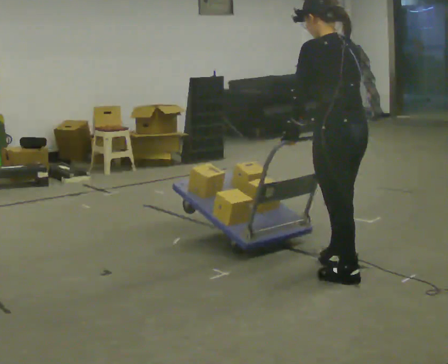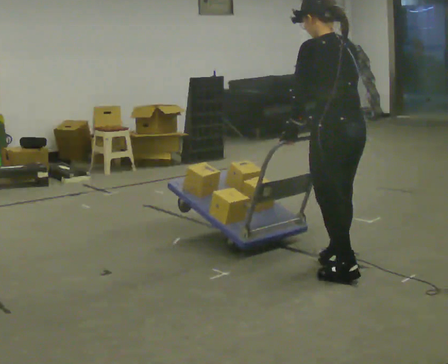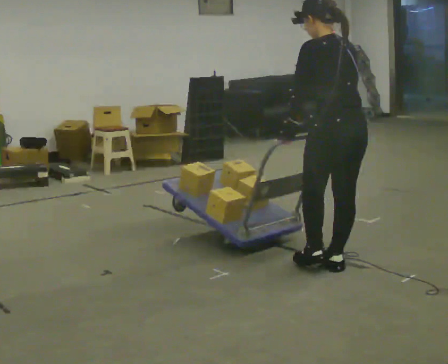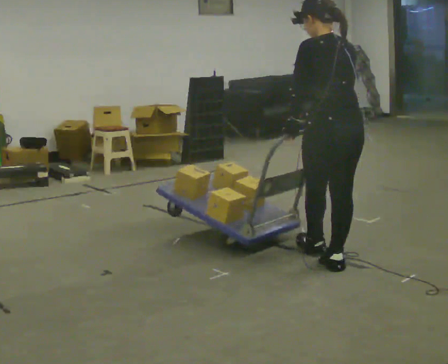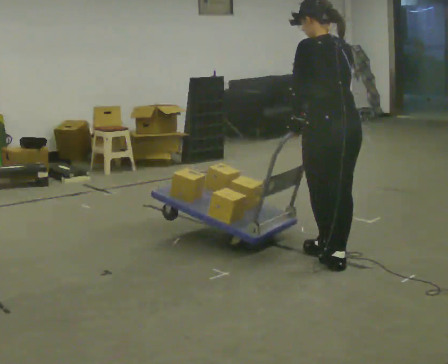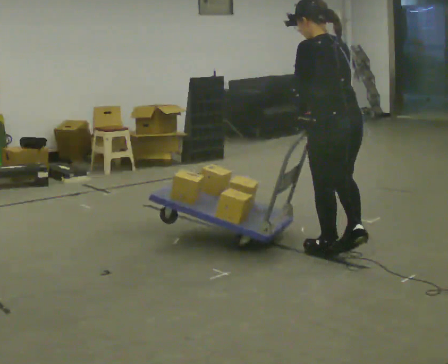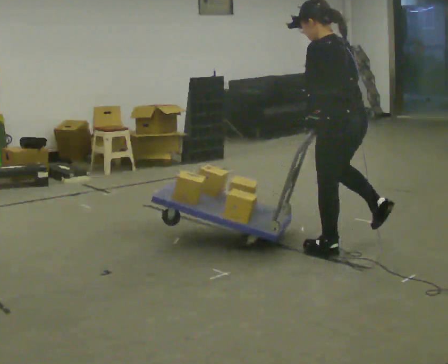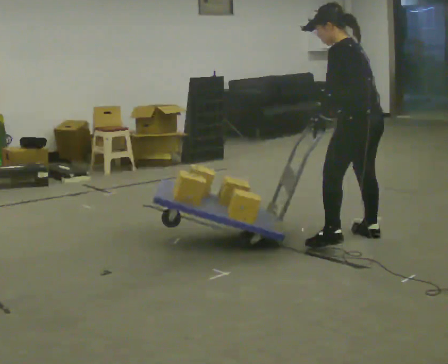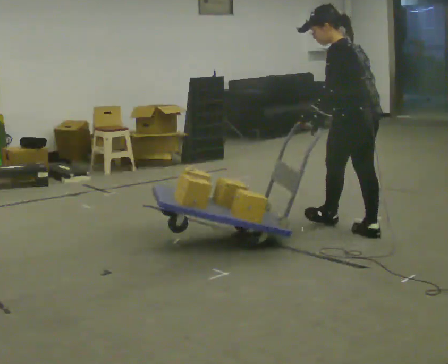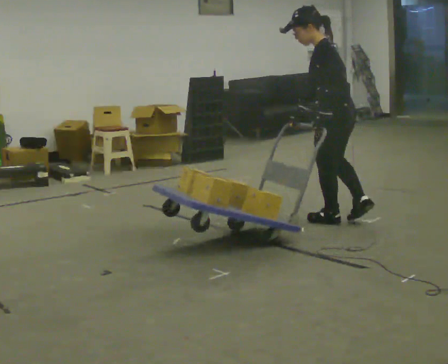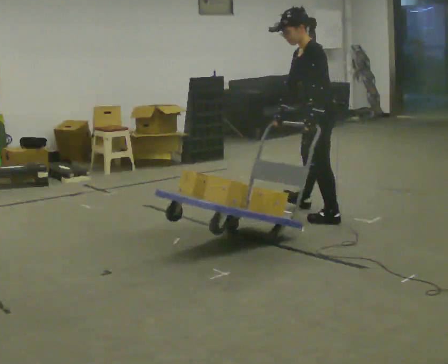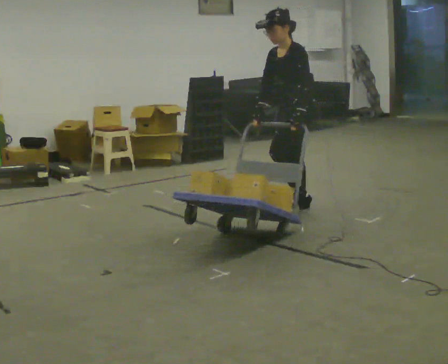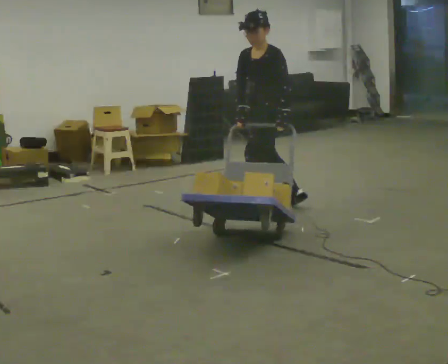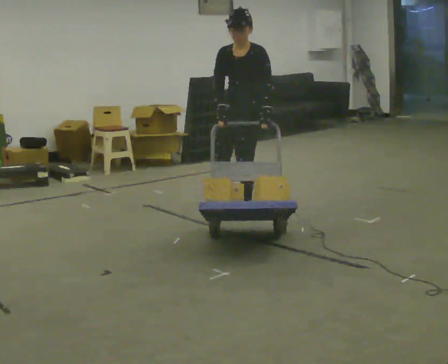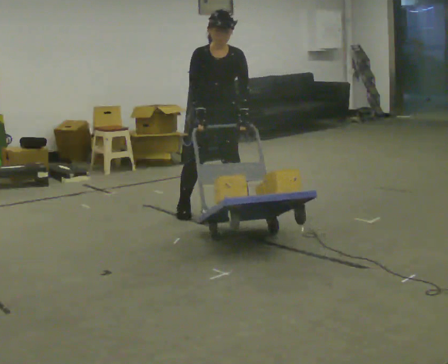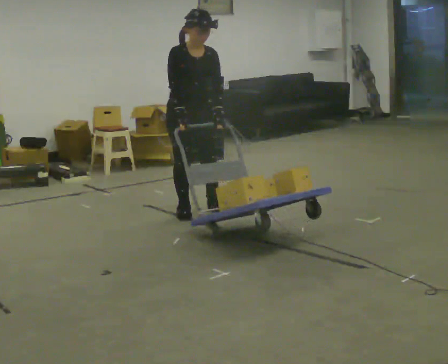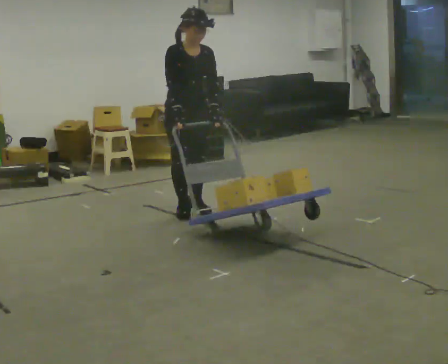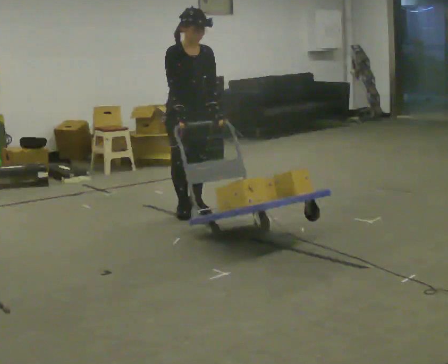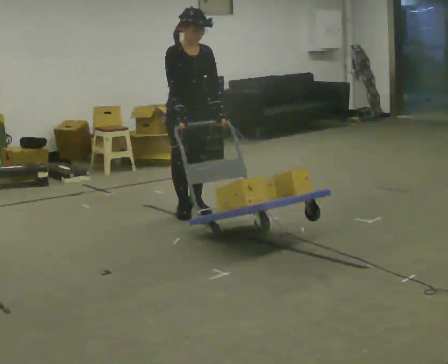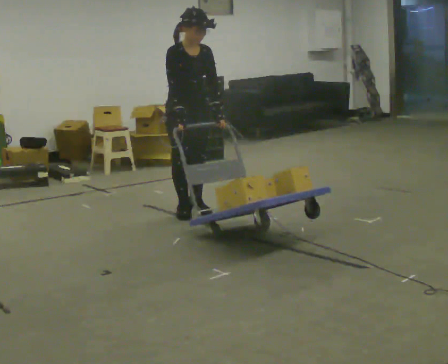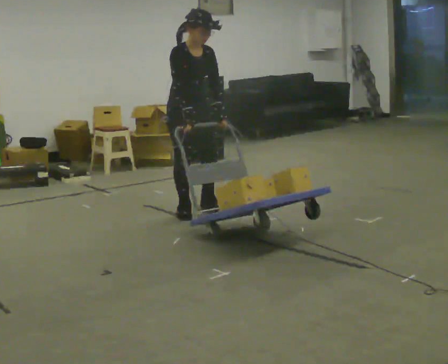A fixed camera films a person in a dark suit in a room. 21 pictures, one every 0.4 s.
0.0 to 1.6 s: In the picture they go away from the camera, about 0.25 m in 1 step, which for them is forward.
1.6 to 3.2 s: The part of the body nearest the lens slides to the right as the person turns to their left by about 30 degrees. In the picture they go away from the camera, about 0.5 m in 1 step, which for them is to their right and forward.
3.2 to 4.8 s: Seen from above the body turns counterclockwise, about 60 degrees: to their left, with its near side sliding to the right. In the picture they go away from the camera and to the left, about 1 m in 3 steps.
4.8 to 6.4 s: The part of the body nearest the lens slides to the right as the person turns to their left by about 90 degrees. In the picture they go to the left, about 0.5 m in 2 steps.
6.4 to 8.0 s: The person moves a little, or ends about where they began.
The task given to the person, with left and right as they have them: Turn the cart round to face the other way without moving it out of the marked square, then turn it back. Repeat until the operator says stop.
The film runs forward here.
